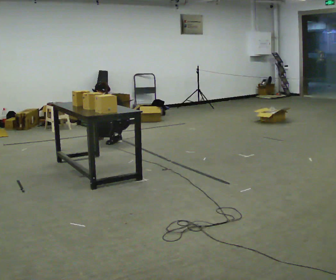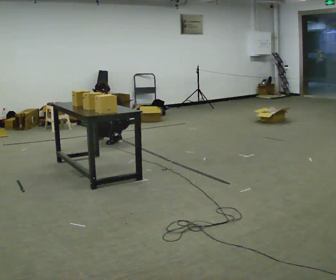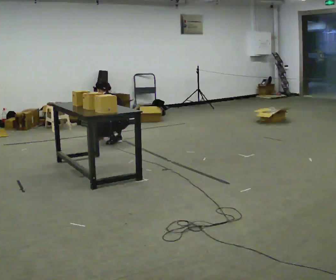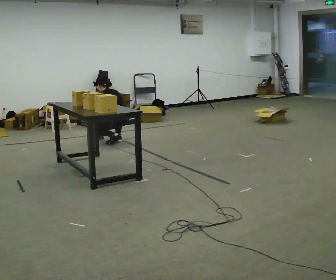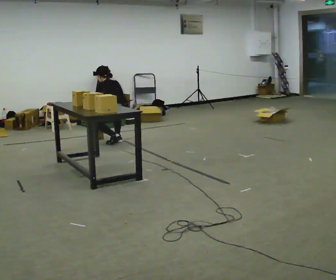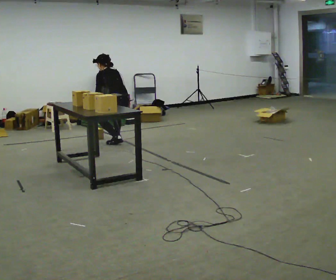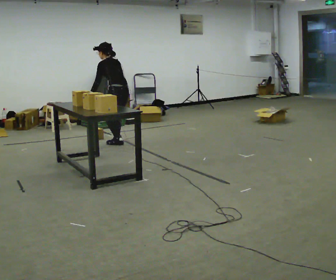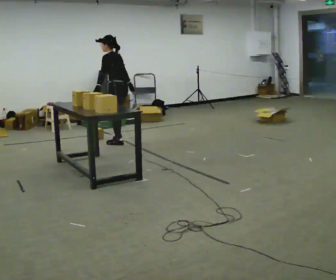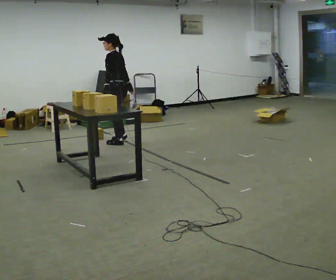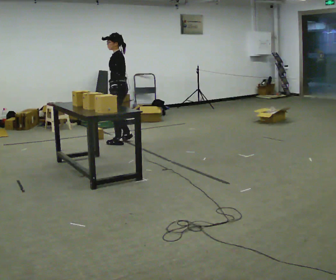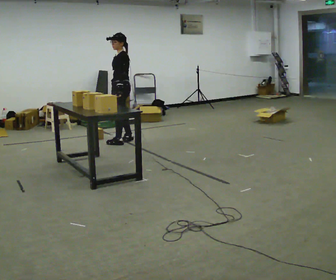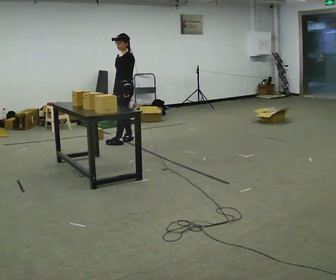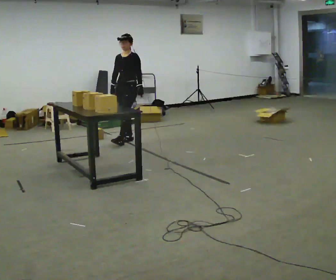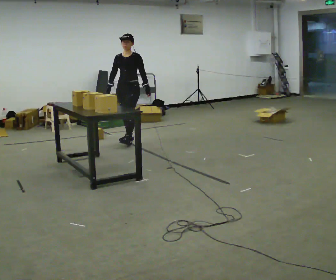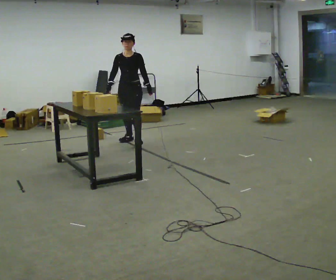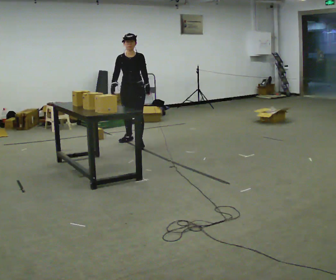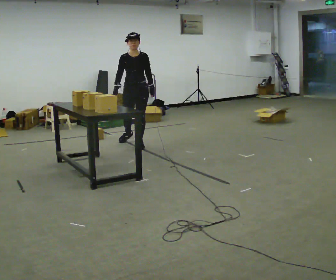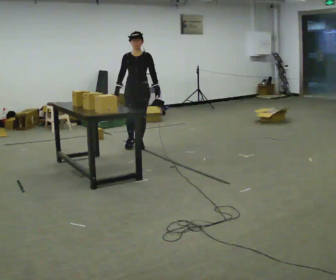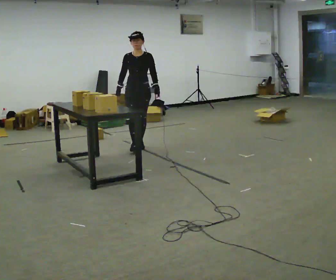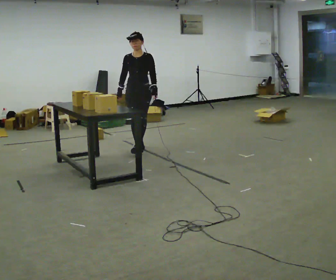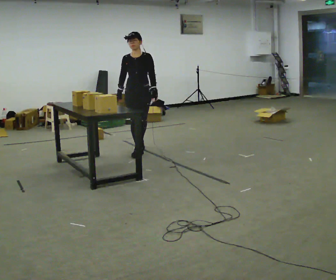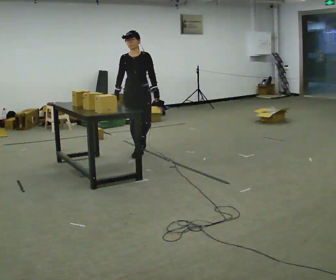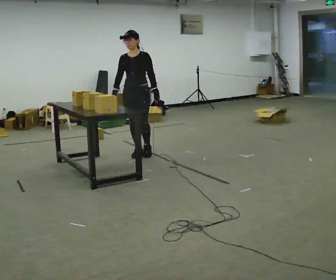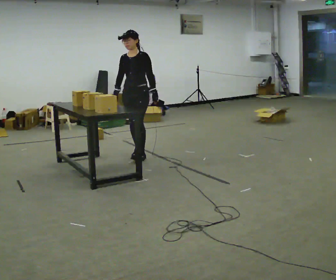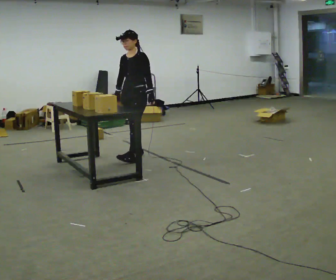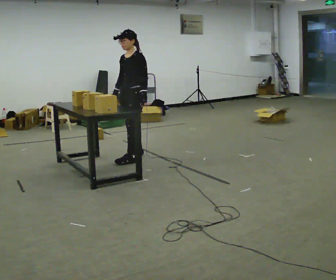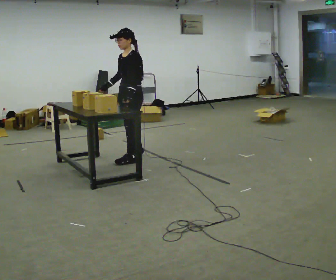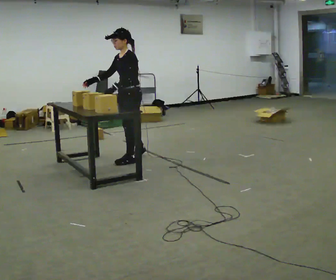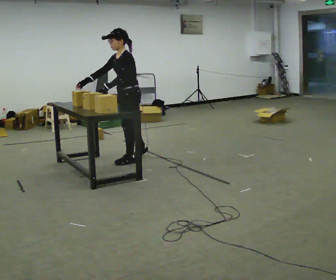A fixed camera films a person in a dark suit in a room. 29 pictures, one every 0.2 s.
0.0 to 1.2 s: The shoulders move upward. In the picture their right hand goes upward and to the right, the arm swinging counterclockwise.
1.2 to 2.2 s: The person turns about 75 degrees to their left, counterclockwise seen from above, so the part of the body nearest the lens slides to the right. In the picture they go away from the camera, about 0.25 m in 1 step. In the picture the upper body tilts clockwise, shoulders to the right, as they lean back or straighten.
2.2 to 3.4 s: The part of the body nearest the lens slides to the right as the person turns to their left by about 60 degrees. In the picture they go toward the camera and to the right, about 0.5 m in 1 step, which for them is forward and to their left.
3.4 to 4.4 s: In the picture they go toward the camera, about 0.5 m in 1 step, which for them is forward.
4.4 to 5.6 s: The person turns about 60 degrees to their right, clockwise seen from above, so the part of the body nearest the lens slides to the left. In the picture they go toward the camera, about 0.25 m in 1 step, which for them is forward and to their left.
The film runs forward here.
